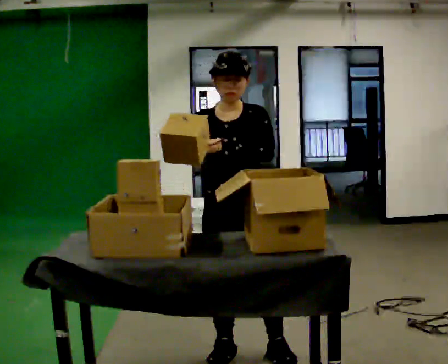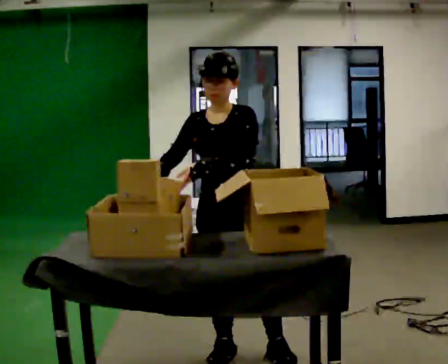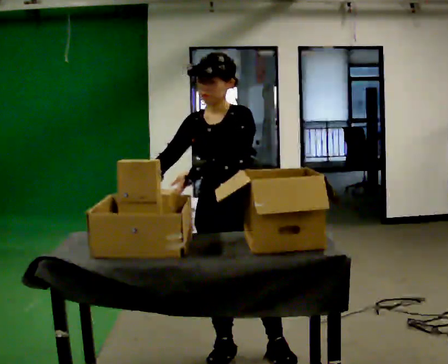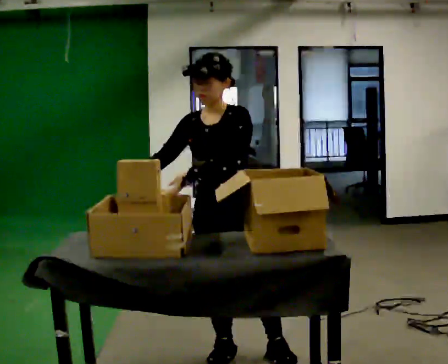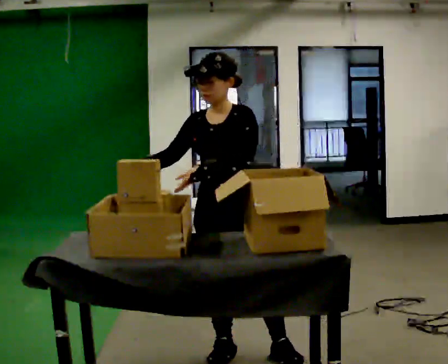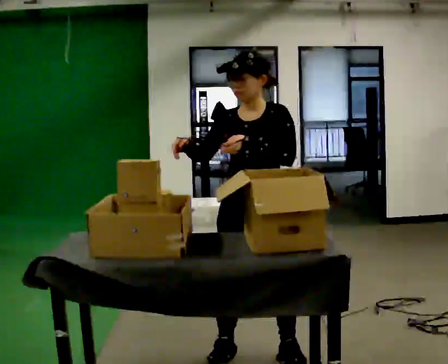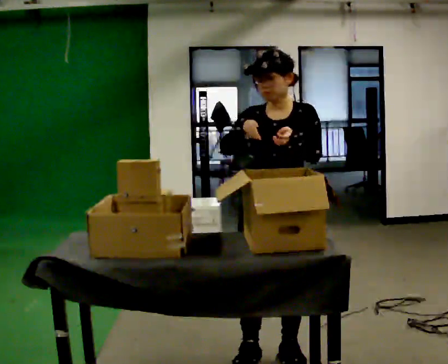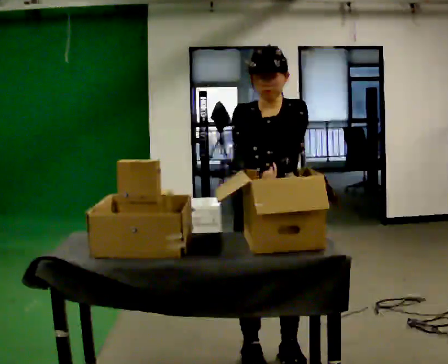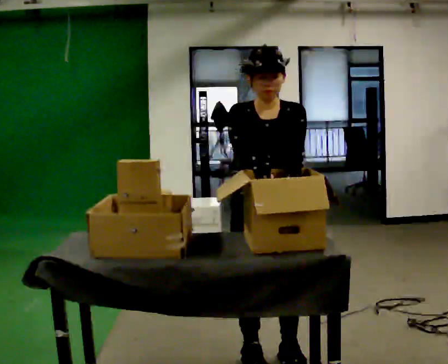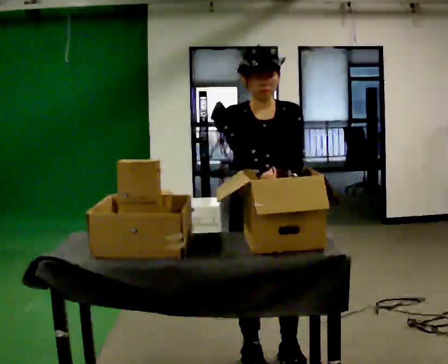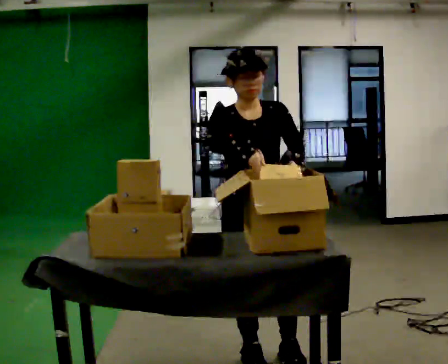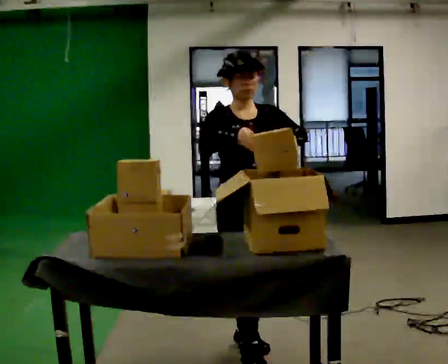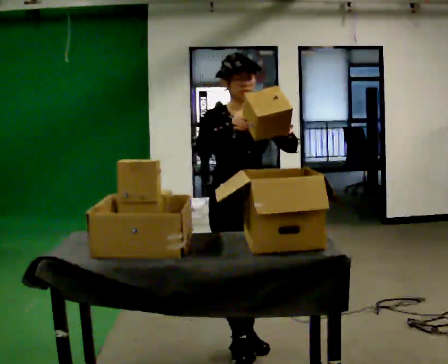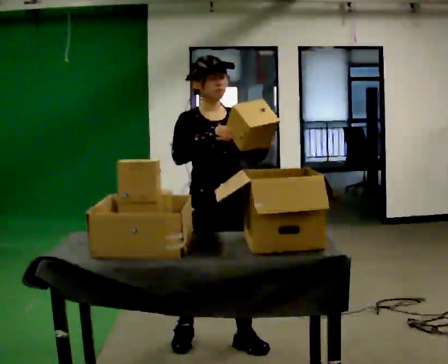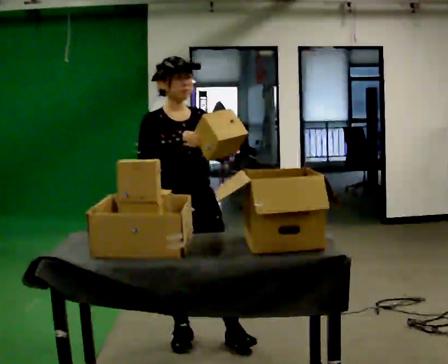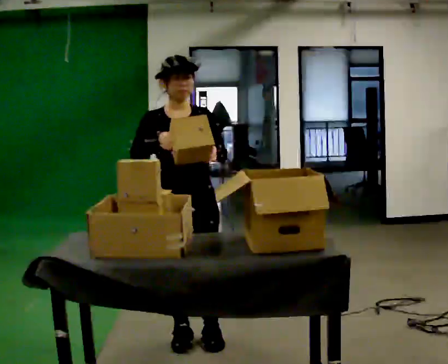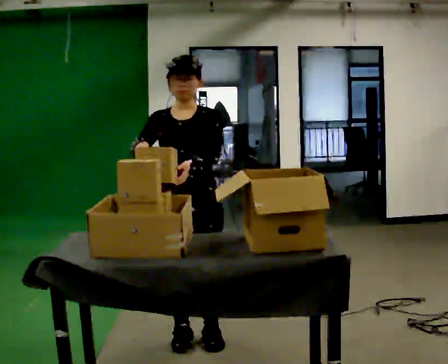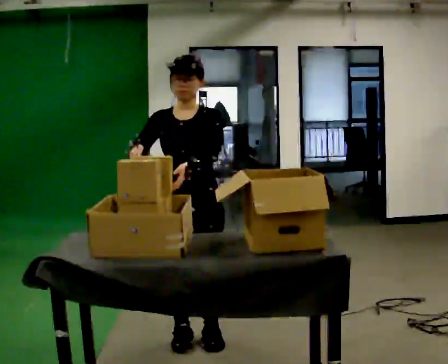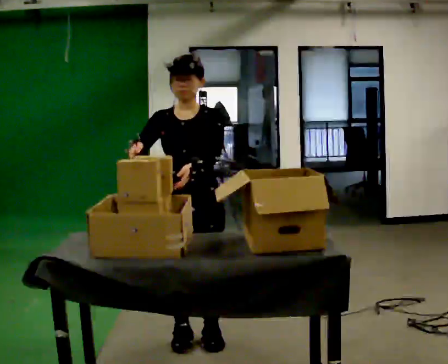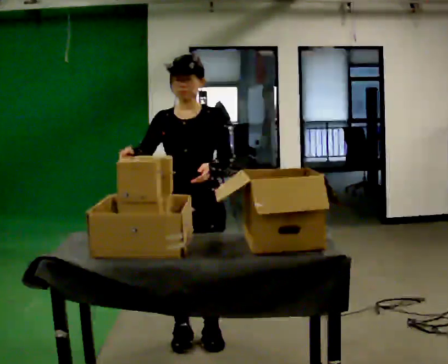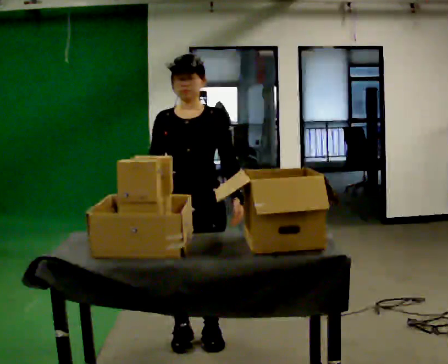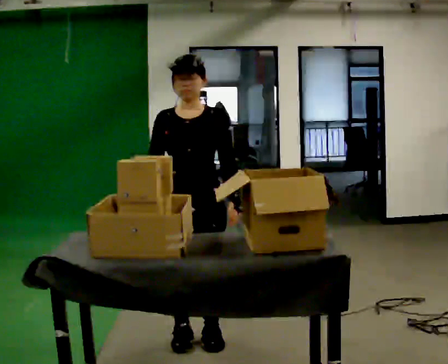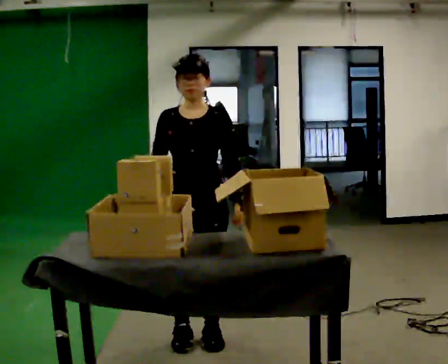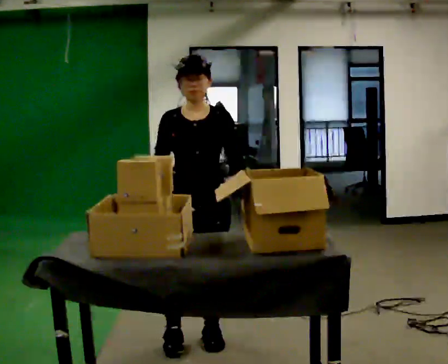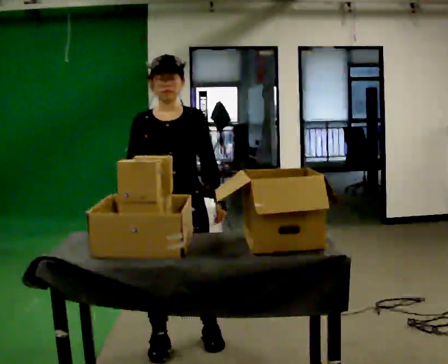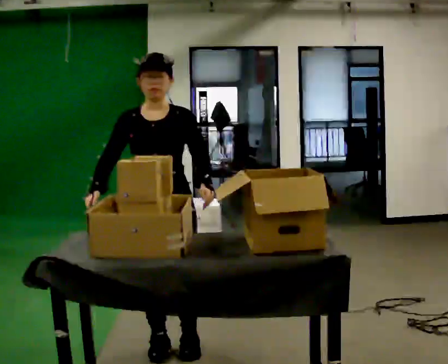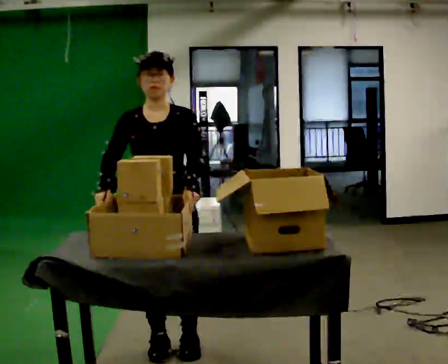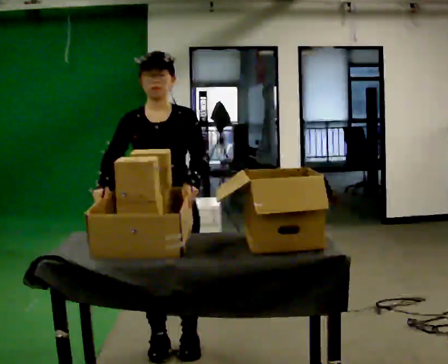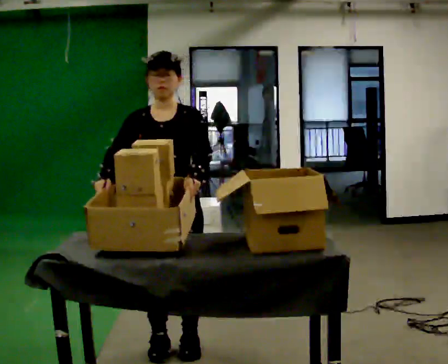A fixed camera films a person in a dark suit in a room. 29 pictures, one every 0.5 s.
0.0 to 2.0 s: The person moves a little, or ends about where they began.
2.0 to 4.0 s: In the picture they go to the right, about 0.25 m, which for them is to their left. In the picture their right hand goes to the right.
4.0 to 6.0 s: In the picture they go away from the camera, about 0.25 m in 2 steps, which for them is backward.
6.0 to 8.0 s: The part of the body nearest the lens slides to the left as the person turns to their right by about 30 degrees. In the picture they go to the left, about 0.25 m in 1 step, which for them is backward and to their right.
8.0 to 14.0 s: In the picture they go toward the camera, about 0.25 m in 1 step, which for them is forward.
The film runs backward here.
